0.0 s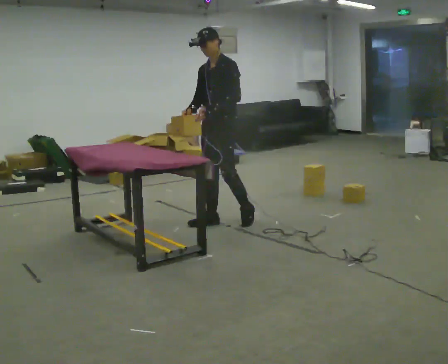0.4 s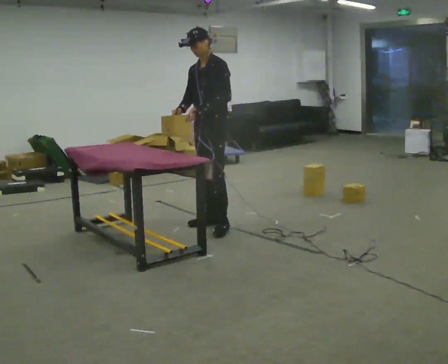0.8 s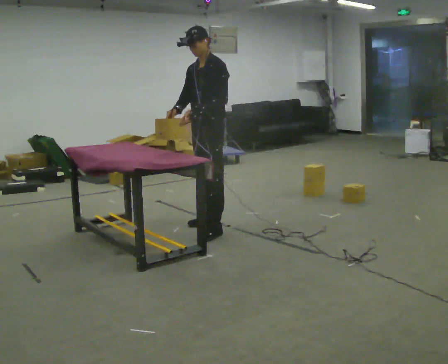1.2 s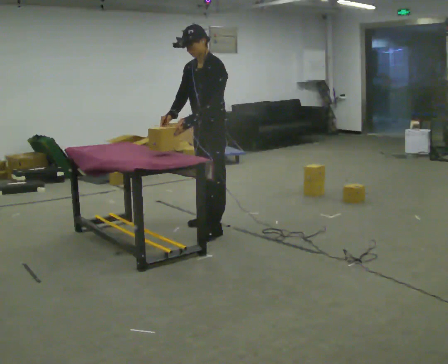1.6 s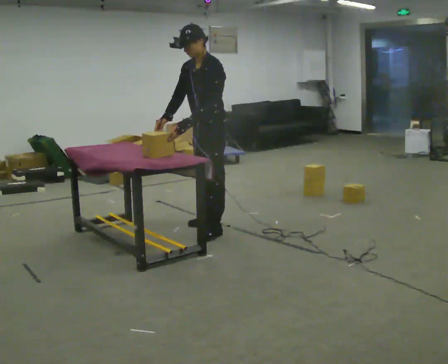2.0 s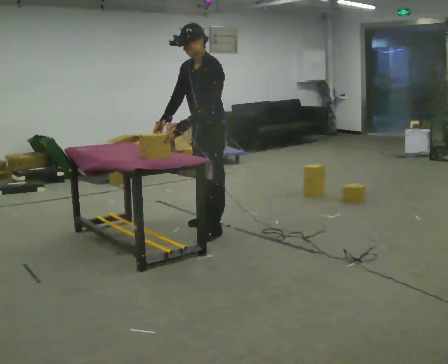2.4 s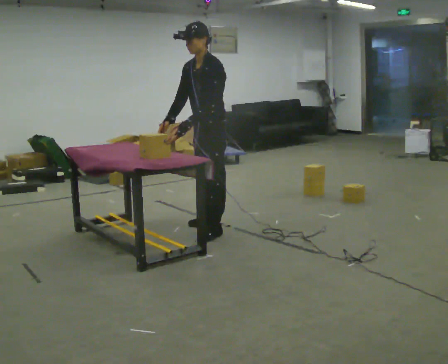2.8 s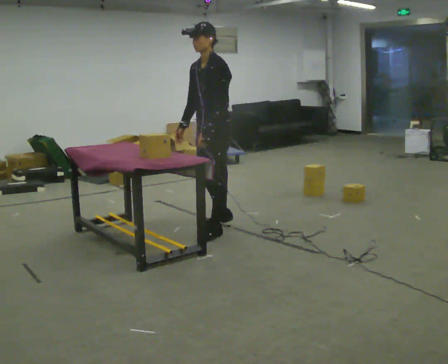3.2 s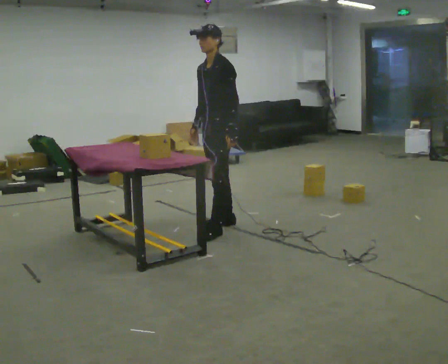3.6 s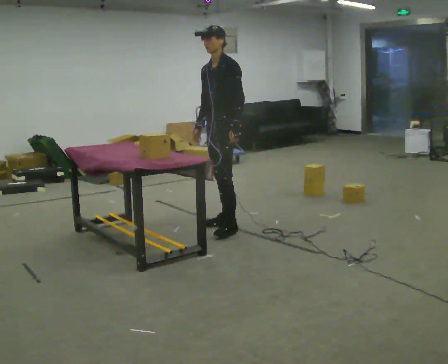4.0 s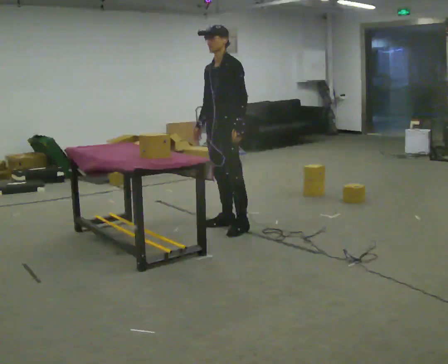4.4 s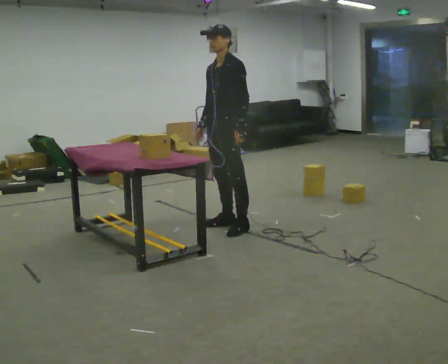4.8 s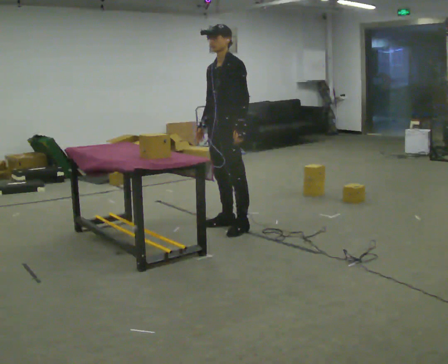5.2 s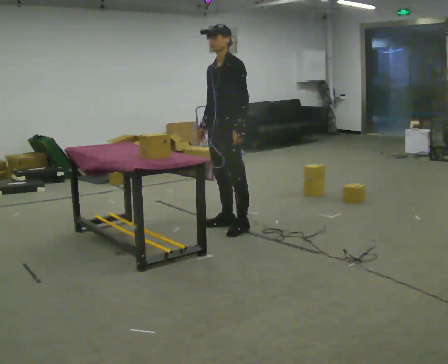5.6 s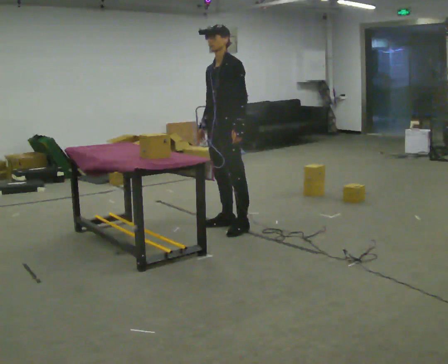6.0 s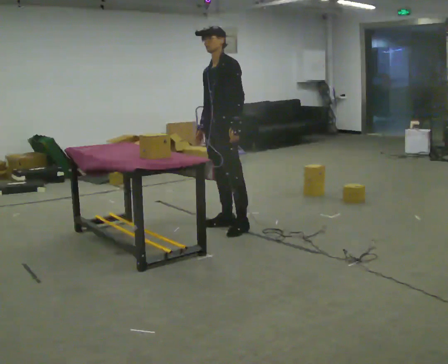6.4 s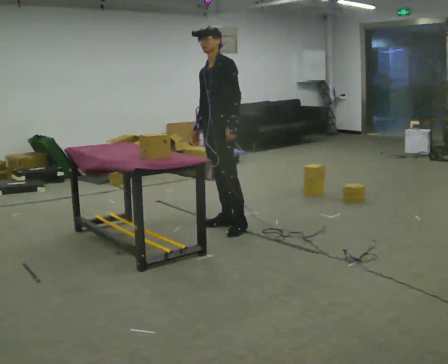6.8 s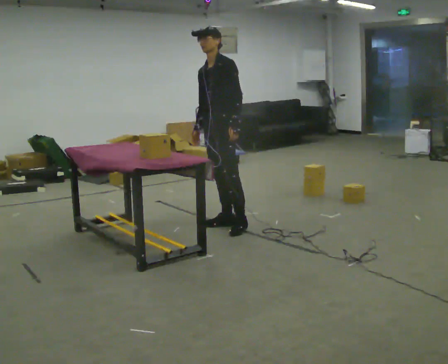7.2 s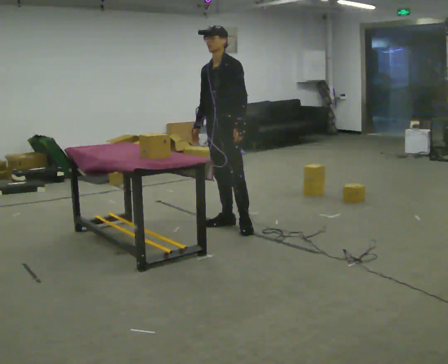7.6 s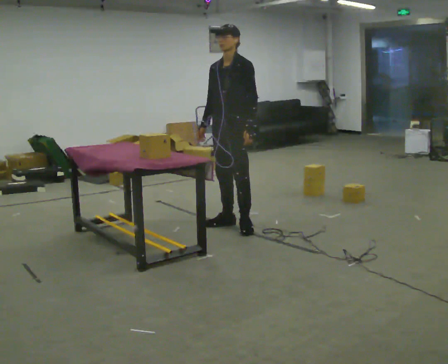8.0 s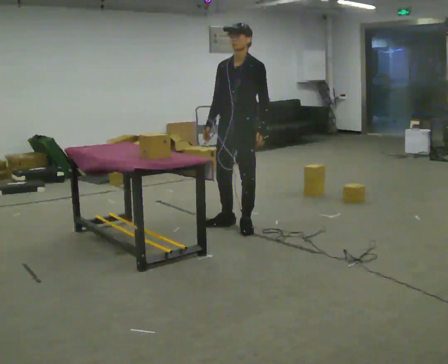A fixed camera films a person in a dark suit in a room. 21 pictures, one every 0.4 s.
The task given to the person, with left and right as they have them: Carry the box over and put it on the shelf with the label facing out towards you. Get the orientation right, not just the position. Keep going until the operator says stop; one object at a time, and do not rush between trips.
0.0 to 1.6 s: In the picture they go toward the camera, about 0.25 m in 1 step, which for them is forward and to their left.
1.6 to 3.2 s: In the picture they go away from the camera, about 0.25 m, which for them is backward.
3.2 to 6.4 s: The person moves a little, or ends about where they began.
6.4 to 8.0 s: In the picture they go to the right, about 0.25 m, which for them is to their left.
The film runs forward here.
